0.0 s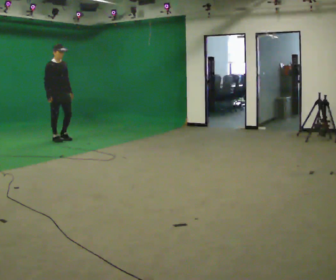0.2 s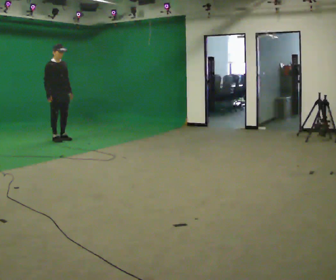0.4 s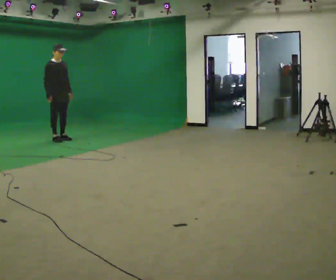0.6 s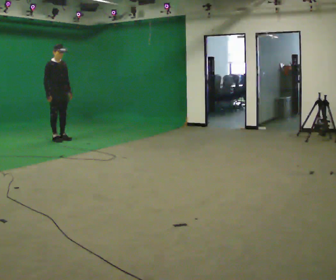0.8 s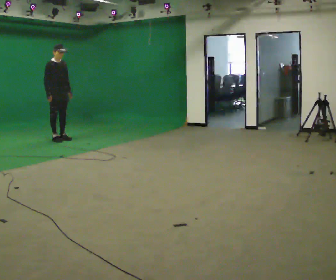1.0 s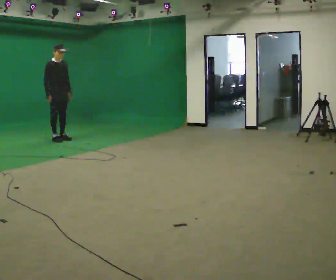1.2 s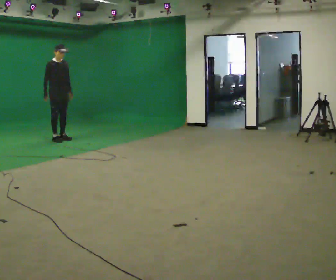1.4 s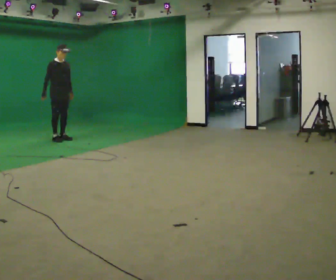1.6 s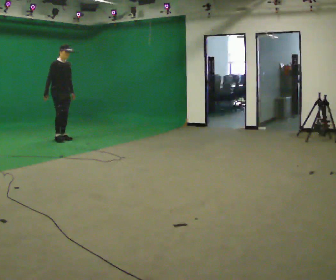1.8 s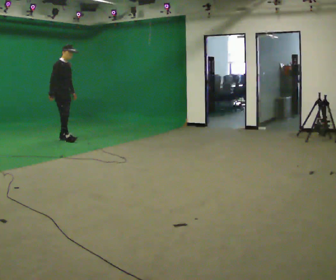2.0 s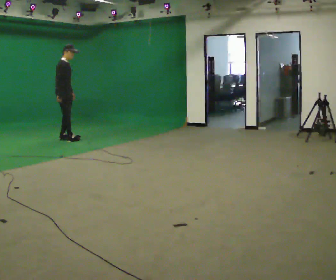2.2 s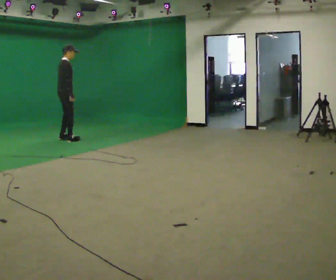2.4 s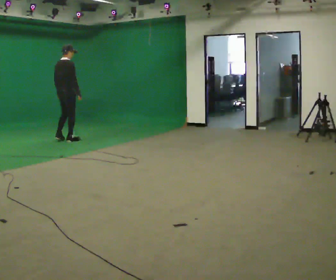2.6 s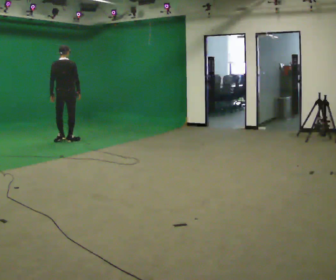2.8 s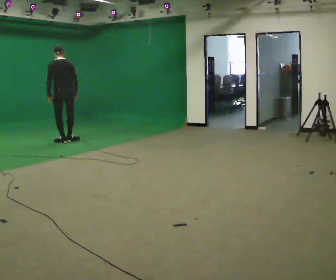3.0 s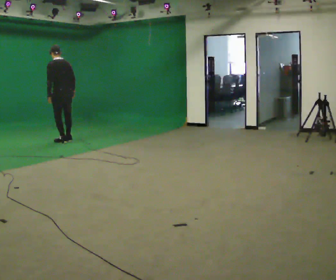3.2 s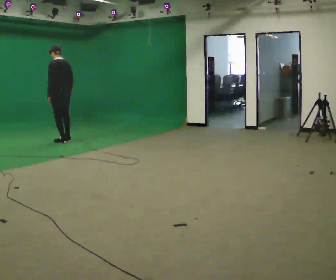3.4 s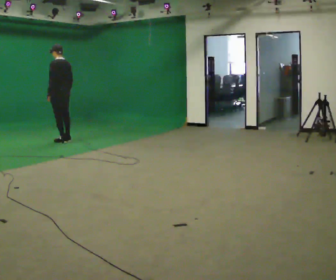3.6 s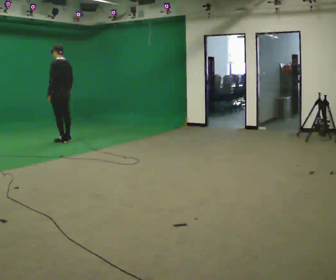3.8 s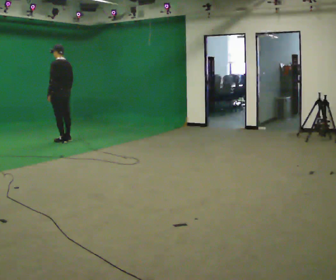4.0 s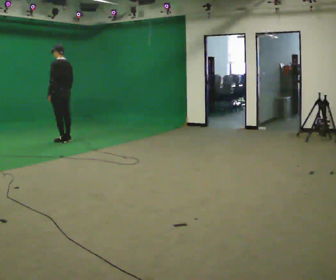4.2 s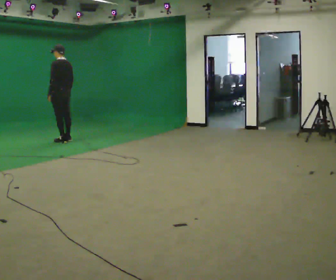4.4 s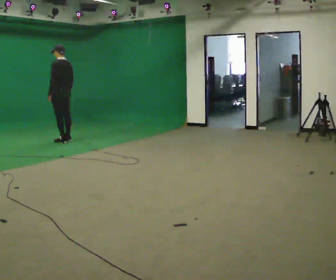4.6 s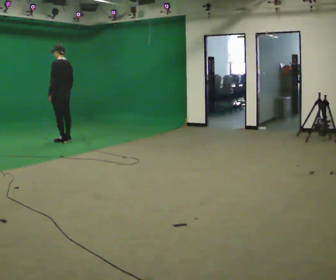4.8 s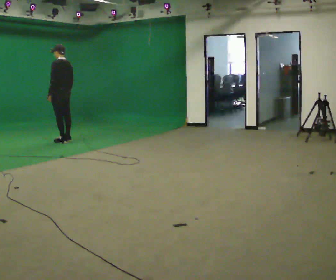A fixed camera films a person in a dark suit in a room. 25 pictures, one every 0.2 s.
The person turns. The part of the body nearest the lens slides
to the right.
The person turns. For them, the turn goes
to their left.
0.0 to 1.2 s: The person moves a little, or ends about where they began.
1.2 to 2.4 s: The part of the body nearest the lens slides to the right as the person turns to their left by about 75 degrees. In the picture they go to the right, about 0.25 m in 2 steps. In the picture their right hand goes to the right.
2.4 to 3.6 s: The part of the body nearest the lens slides to the right as the person turns to their left by about 105 degrees.
3.6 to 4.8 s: The person moves a little, or ends about where they began.
The film runs backward here.
